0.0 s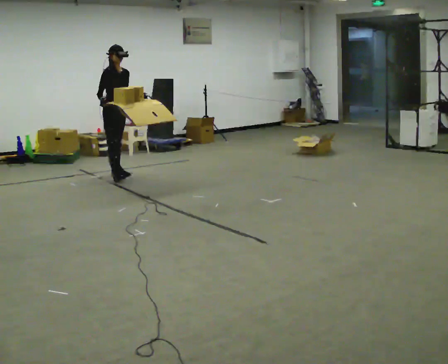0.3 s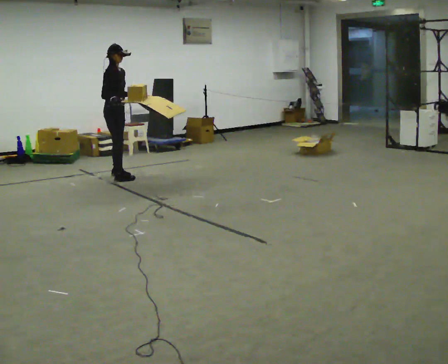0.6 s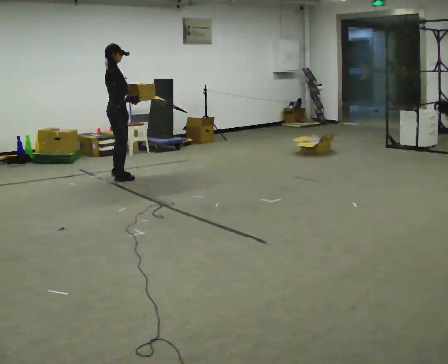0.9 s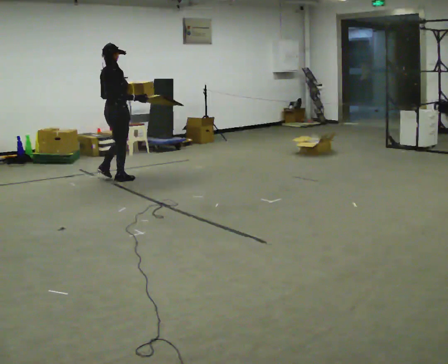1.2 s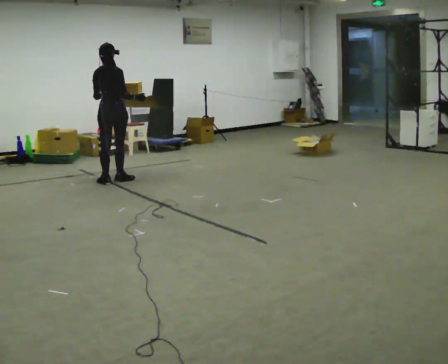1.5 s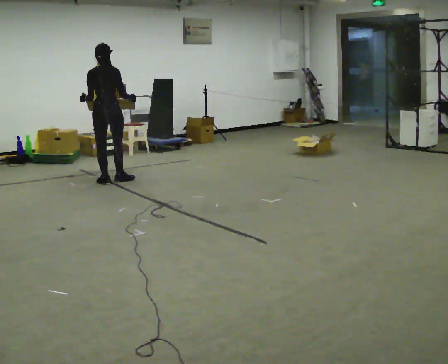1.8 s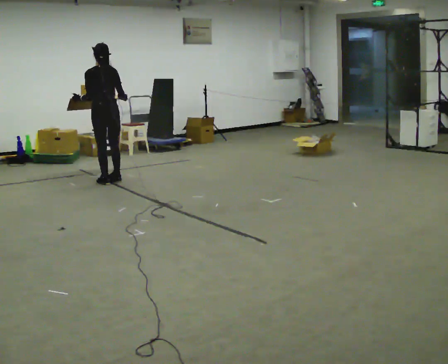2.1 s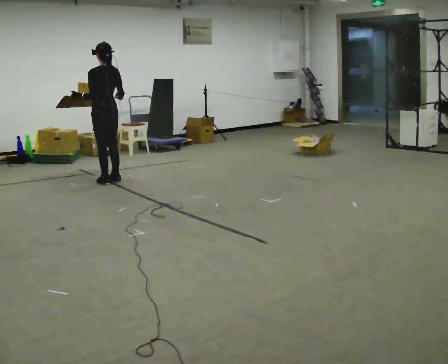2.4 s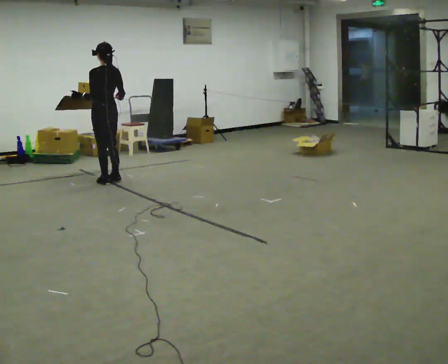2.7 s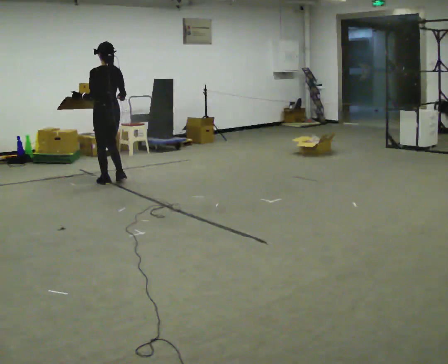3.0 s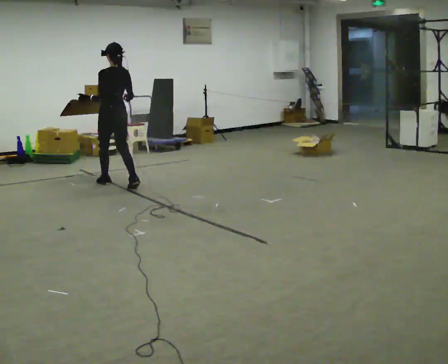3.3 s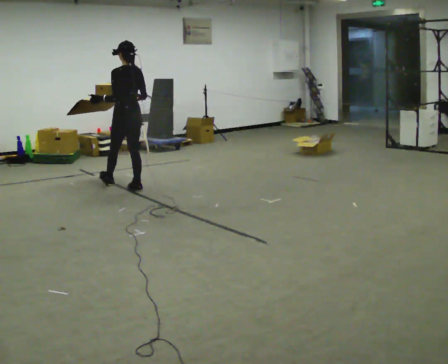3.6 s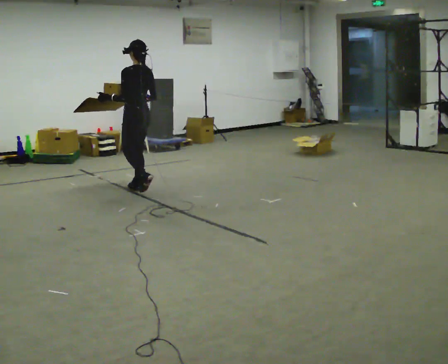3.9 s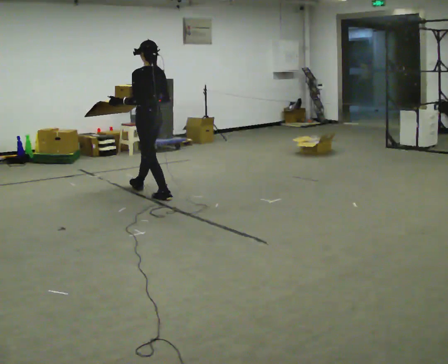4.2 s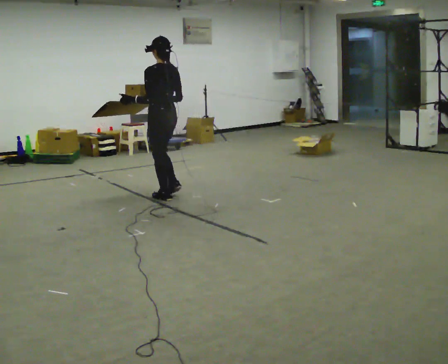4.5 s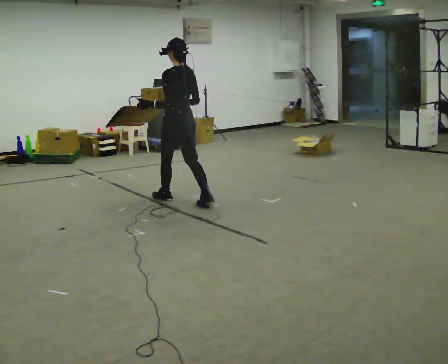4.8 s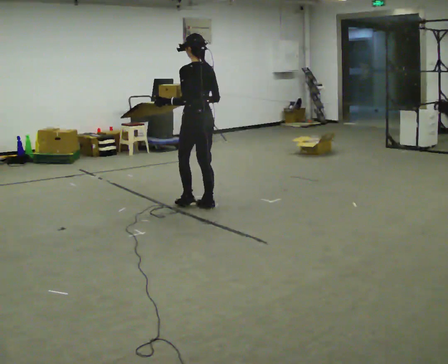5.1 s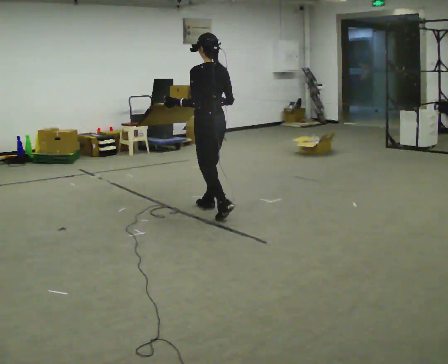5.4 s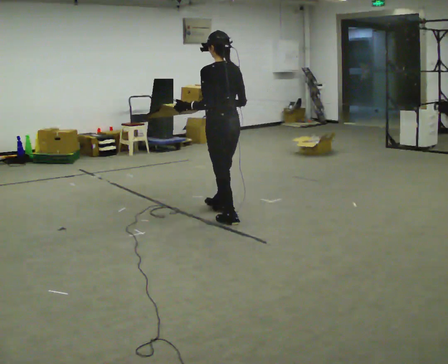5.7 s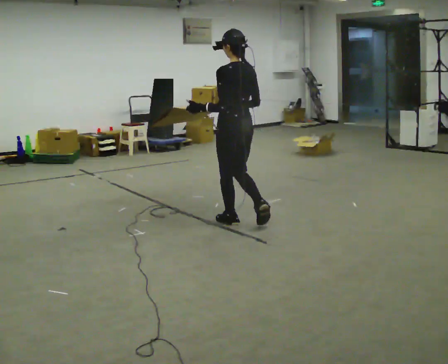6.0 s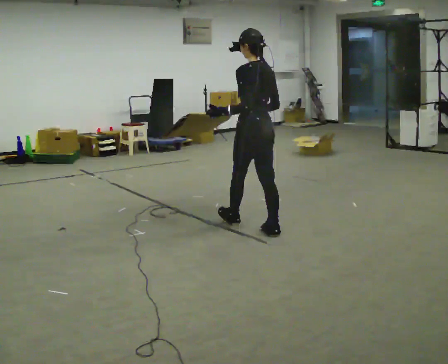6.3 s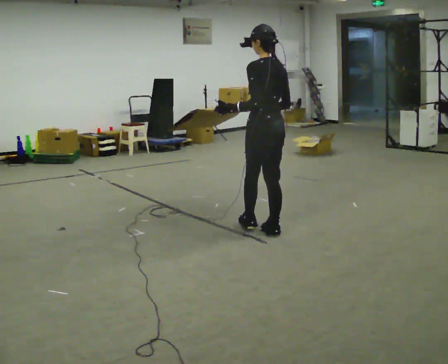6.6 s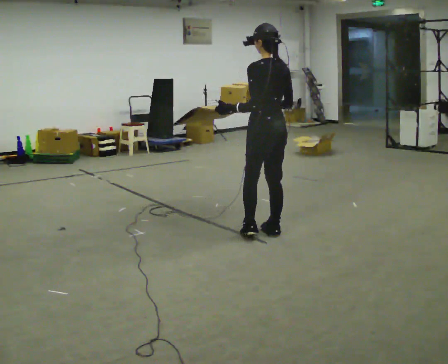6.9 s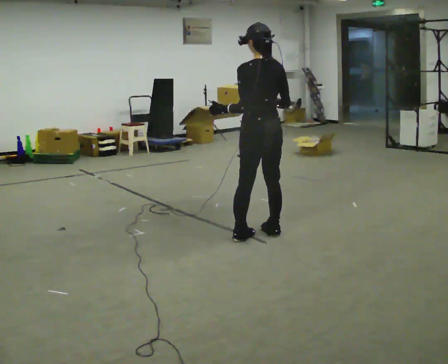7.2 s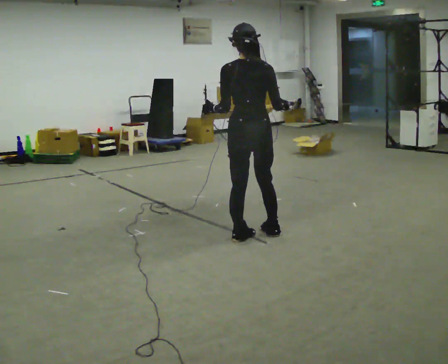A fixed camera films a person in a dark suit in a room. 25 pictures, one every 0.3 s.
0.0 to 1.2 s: Seen from above the body turns counterclockwise, about 105 degrees: to their left, with its near side sliding to the right. In the picture they go toward the camera, about 0.25 m in 1 step.
1.2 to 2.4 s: Seen from above the body turns counterclockwise, about 60 degrees: to their left, with its near side sliding to the right.
2.4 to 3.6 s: In the picture they go toward the camera and to the right, about 0.5 m in 2 steps, which for them is backward.
3.6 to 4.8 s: In the picture they go toward the camera and to the right, about 1 m in 2 steps, which for them is backward.
4.8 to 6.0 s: In the picture they go toward the camera and to the right, about 1 m in 1 step, which for them is backward.
6.0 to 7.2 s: Seen from above the body turns clockwise, about 30 degrees: to their right, with its near side sliding to the left. In the picture they go toward the camera, about 0.25 m in 1 step, which for them is backward and to their left.
The film runs backward here.
